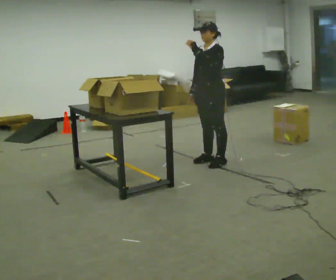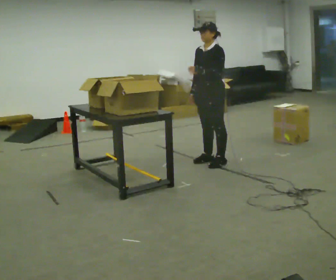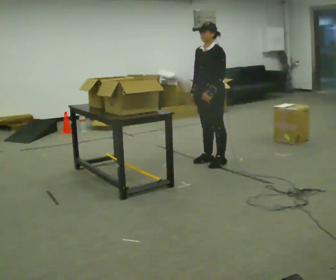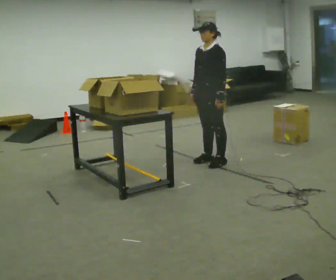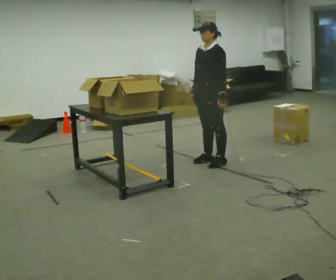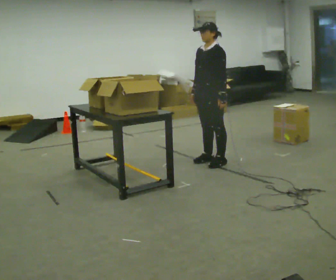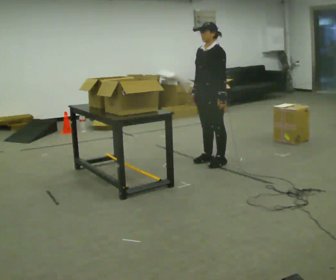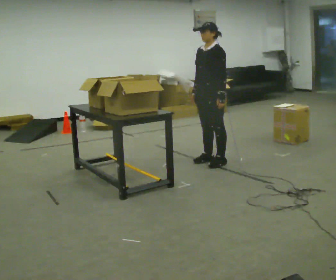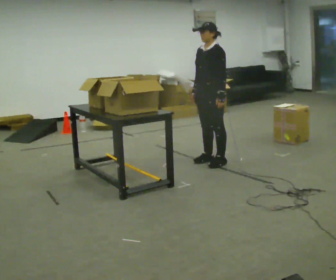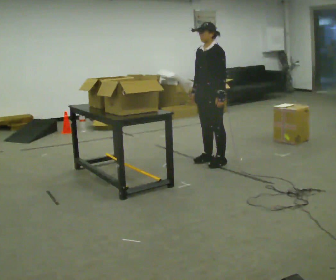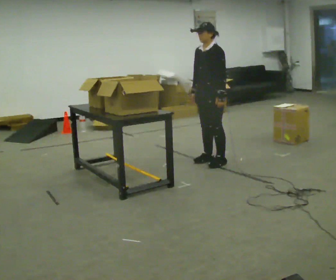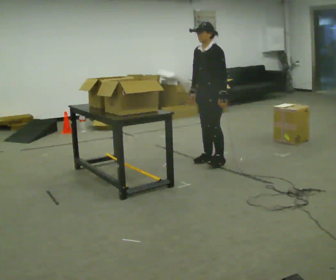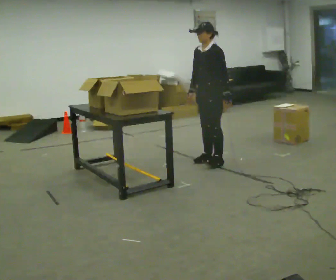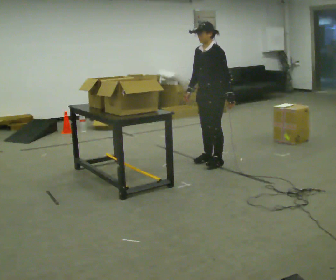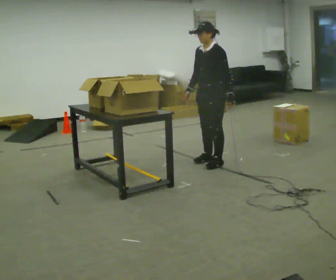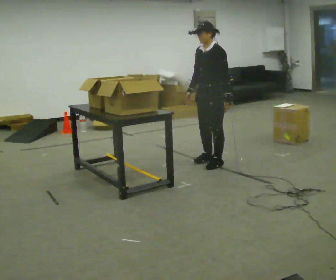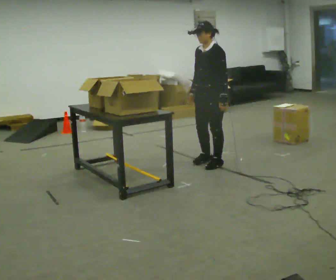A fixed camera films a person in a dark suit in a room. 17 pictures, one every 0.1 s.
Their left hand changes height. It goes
downward.
0.0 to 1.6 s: In the picture their left hand goes downward.
The film runs backward here.
